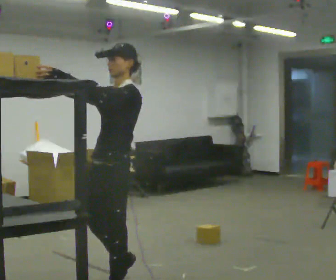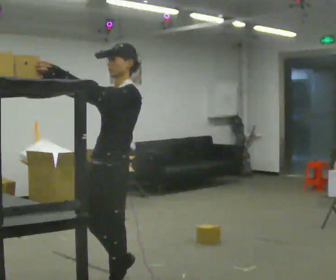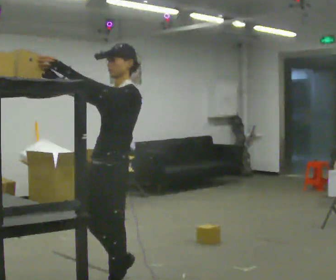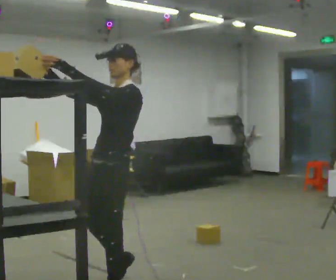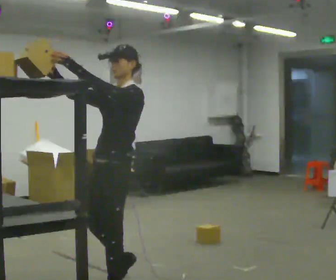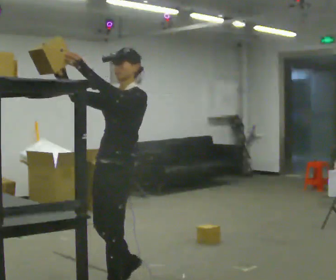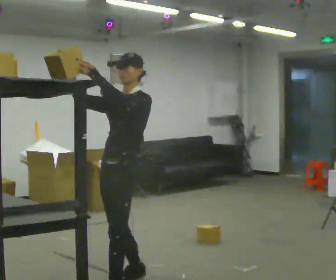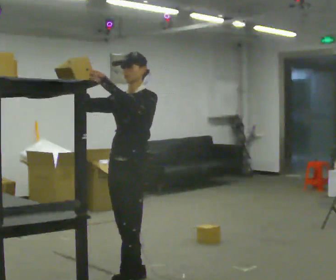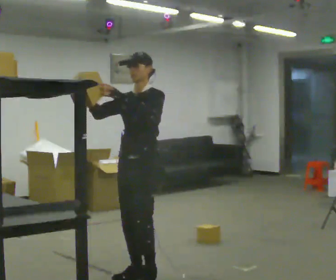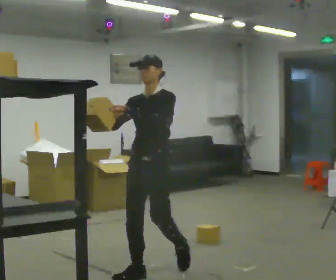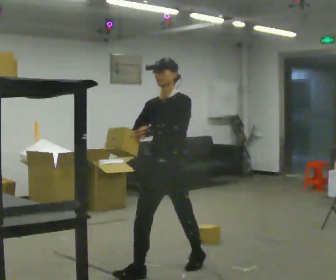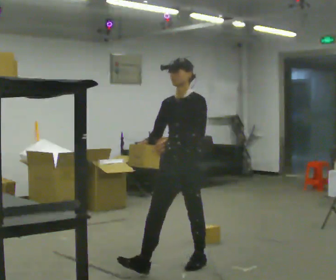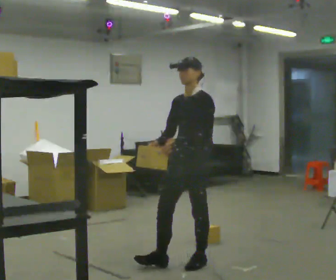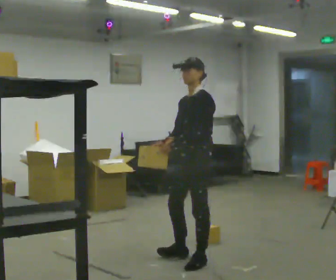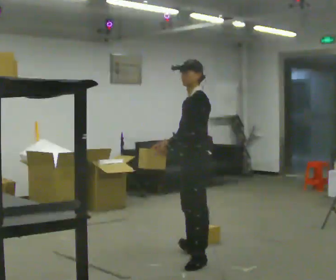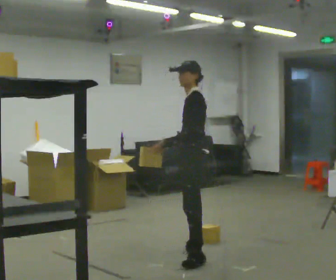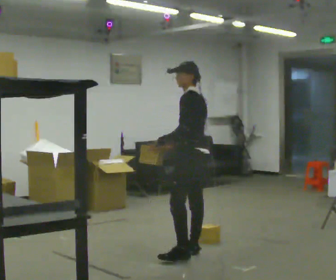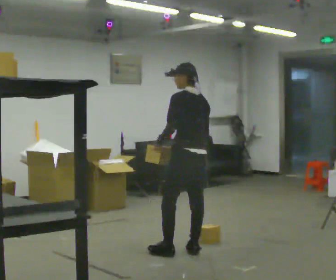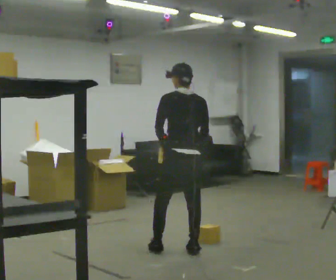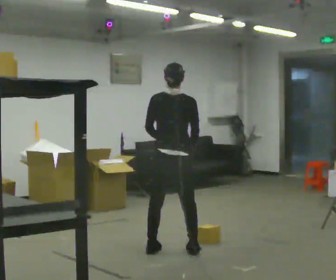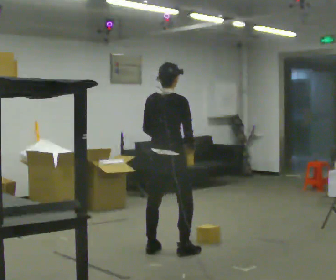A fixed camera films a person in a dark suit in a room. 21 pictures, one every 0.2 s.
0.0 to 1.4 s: In the picture they go away from the camera, about 0.5 m in 2 steps, which for them is backward and to their right.
1.4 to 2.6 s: In the picture they go away from the camera and to the right, about 0.5 m in 1 step, which for them is backward. In the picture their right hand goes downward, the arm swinging counterclockwise.
2.6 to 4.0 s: The person turns about 150 degrees to their right, clockwise seen from above, so the part of the body nearest the lens slides to the left. In the picture they go away from the camera and to the left, about 0.5 m in 1 step.
The film runs backward here.
